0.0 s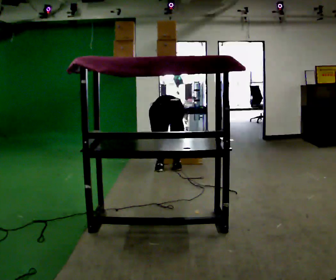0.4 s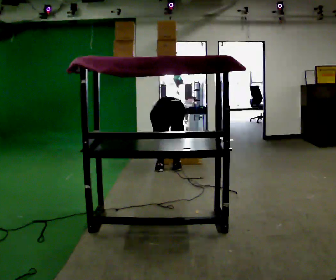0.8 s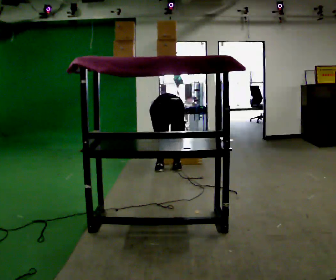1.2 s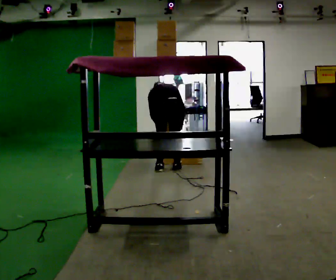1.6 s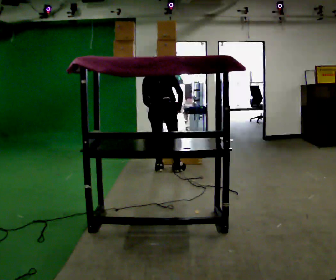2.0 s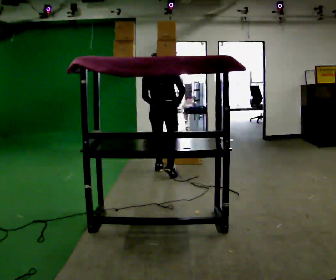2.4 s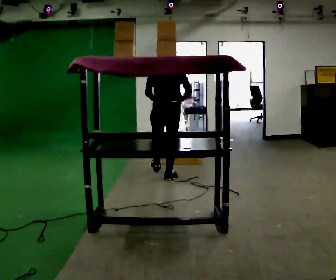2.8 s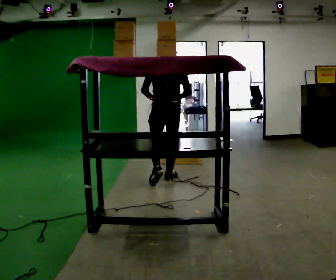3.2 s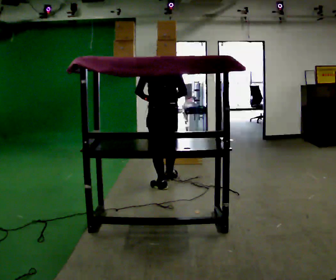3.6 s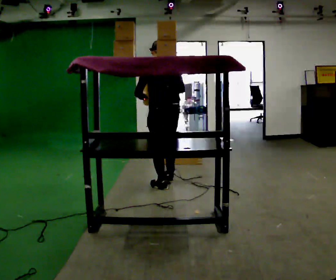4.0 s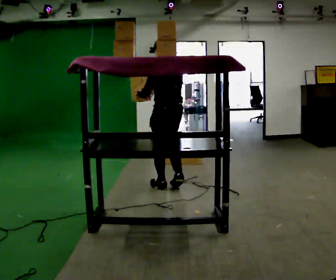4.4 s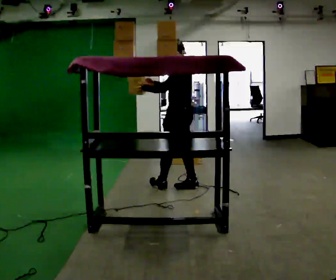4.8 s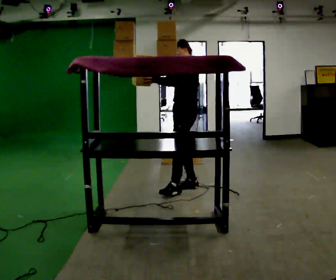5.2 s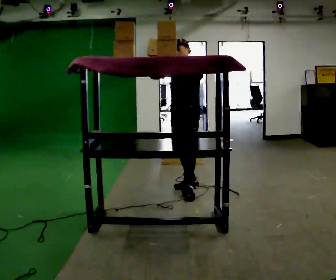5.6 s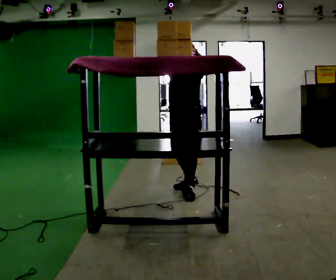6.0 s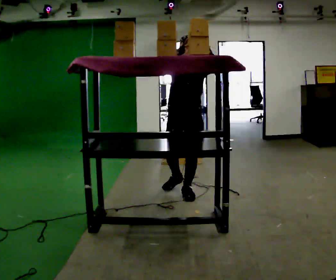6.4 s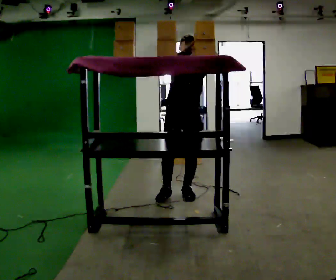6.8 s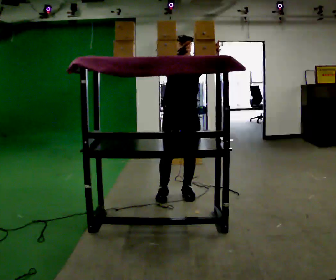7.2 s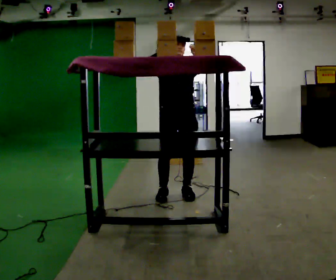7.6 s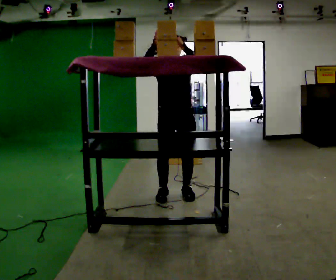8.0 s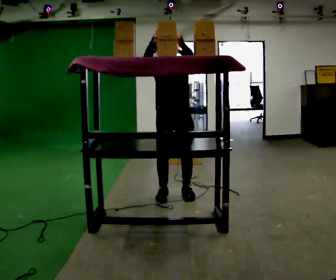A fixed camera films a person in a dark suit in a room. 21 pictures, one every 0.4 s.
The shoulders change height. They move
upward.
Their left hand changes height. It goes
upward.
0.0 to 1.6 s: The upper body goes upward. The upper body tips toward the camera, its near side rolling downward, as they lean back or straighten. In the picture their right hand goes upward.
1.6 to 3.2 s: In the picture they go toward the camera, about 0.5 m in 1 step, which for them is backward. The upper body tips toward the camera, its near side rolling downward, as they lean back or straighten.
3.2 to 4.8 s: The part of the body nearest the lens slides to the right as the person turns to their left by about 90 degrees. In the picture they go to the right and toward the camera, about 0.25 m in 2 steps.
4.8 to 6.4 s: The part of the body nearest the lens slides to the right as the person turns to their left by about 75 degrees. In the picture they go toward the camera, about 0.25 m in 1 step.
6.4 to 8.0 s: In the picture their right hand goes to the left.
The film runs backward here.
